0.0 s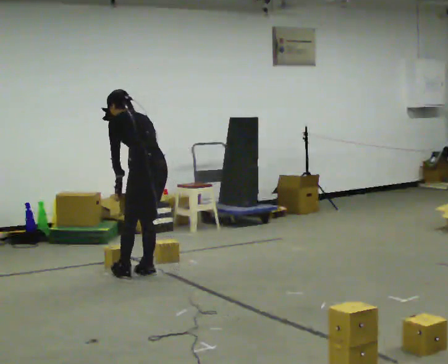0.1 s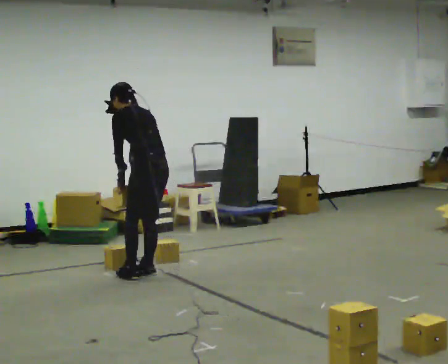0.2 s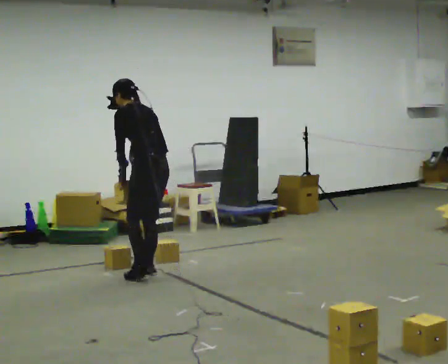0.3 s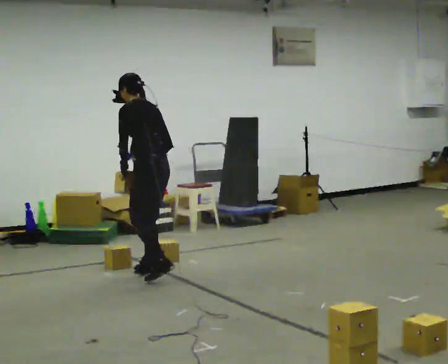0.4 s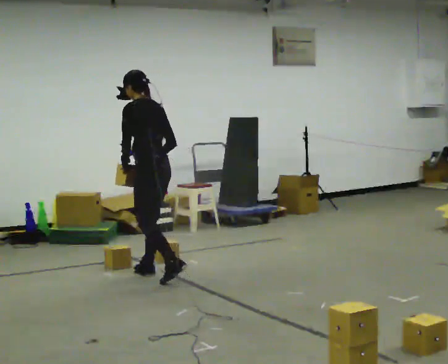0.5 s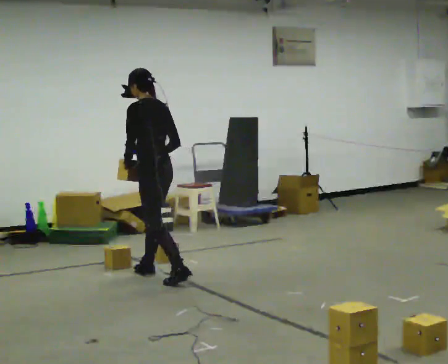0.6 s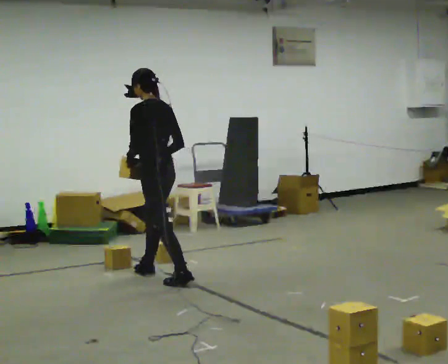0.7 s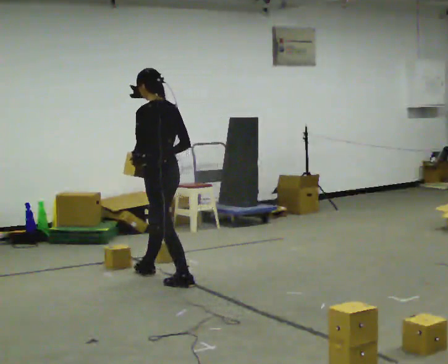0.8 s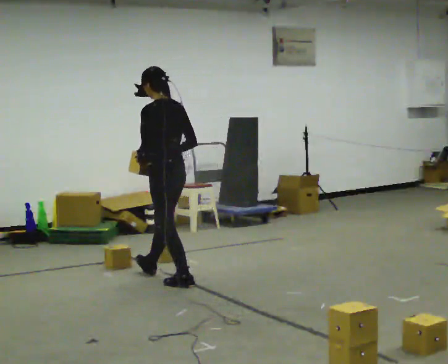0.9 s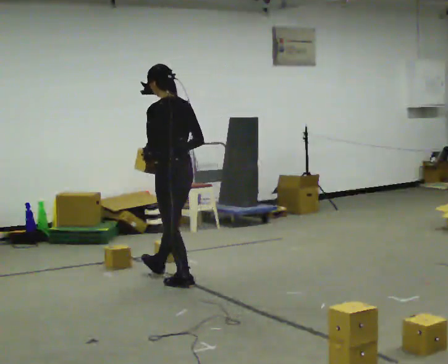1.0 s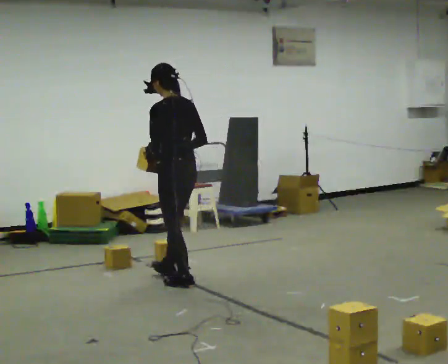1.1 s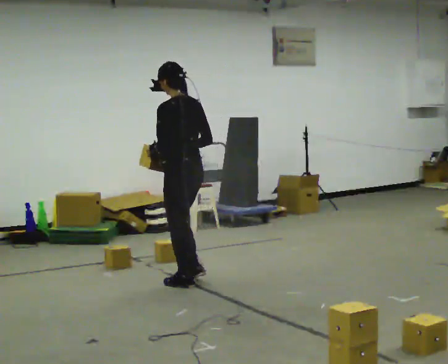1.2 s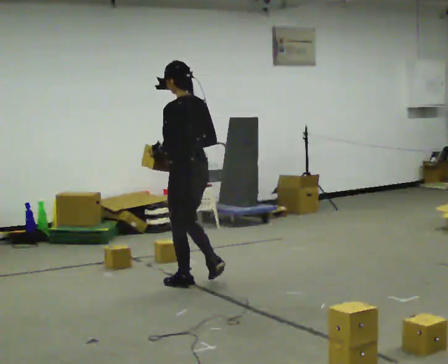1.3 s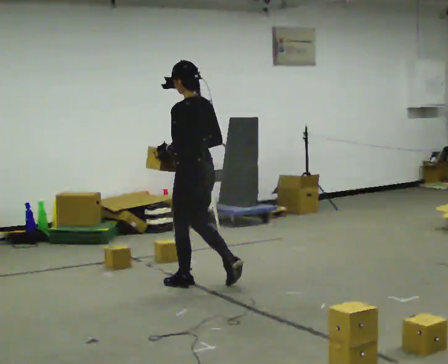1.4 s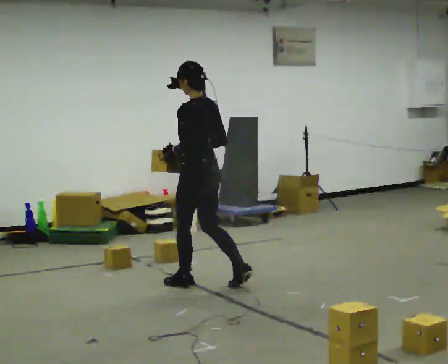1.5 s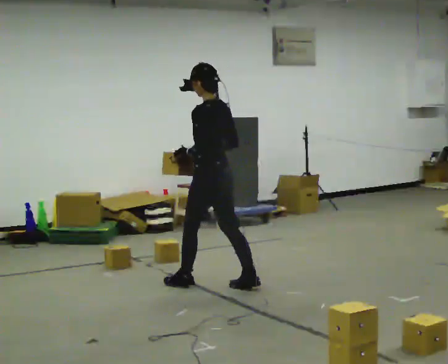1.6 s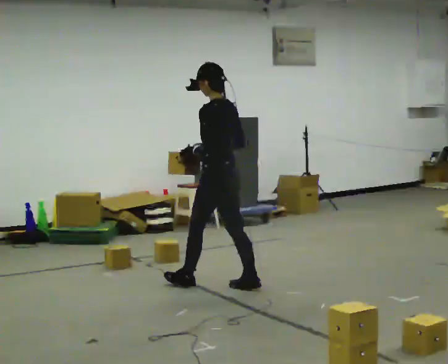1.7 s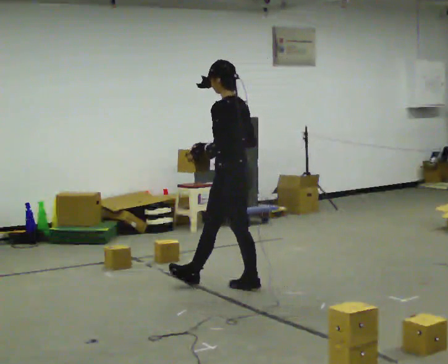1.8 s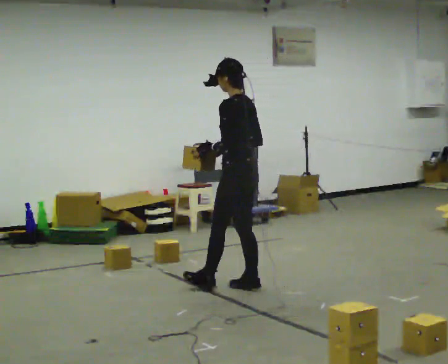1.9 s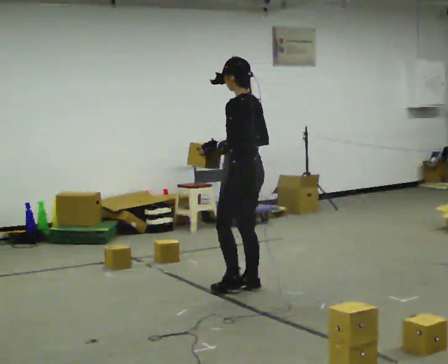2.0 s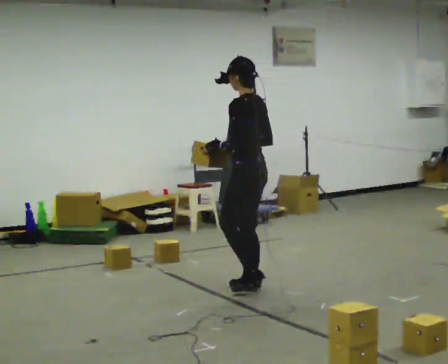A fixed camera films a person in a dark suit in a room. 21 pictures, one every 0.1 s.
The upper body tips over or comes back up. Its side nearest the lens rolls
downward.
0.0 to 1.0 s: In the picture they go toward the camera and to the right, about 0.25 m in 2 steps, which for them is backward. The upper body tips toward the camera, its near side rolling downward, as they lean back or straighten.
1.0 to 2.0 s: In the picture they go to the right and toward the camera, about 0.5 m in 1 step, which for them is backward.
The film runs backward here.
